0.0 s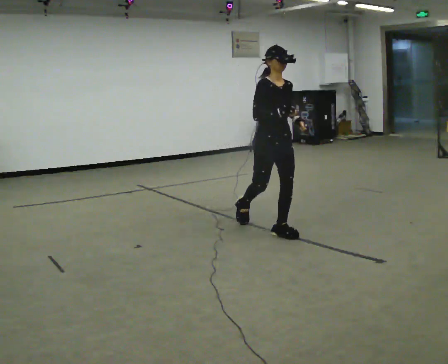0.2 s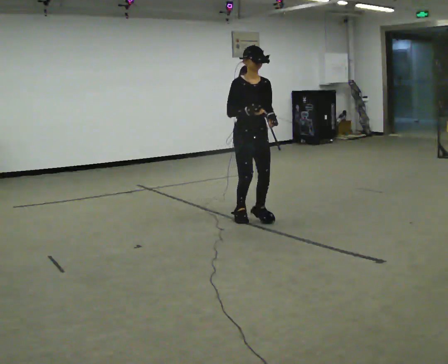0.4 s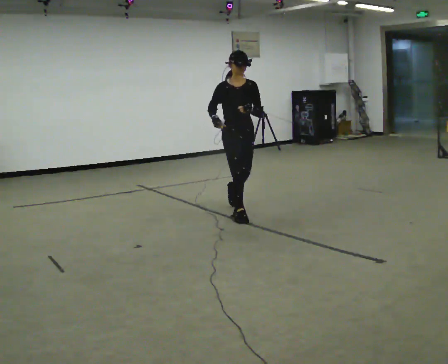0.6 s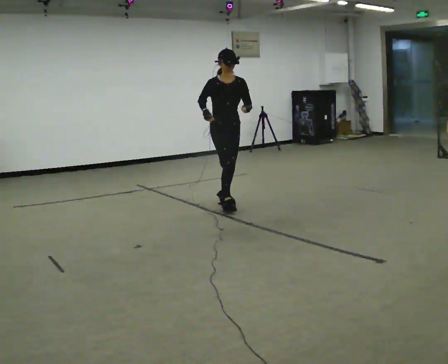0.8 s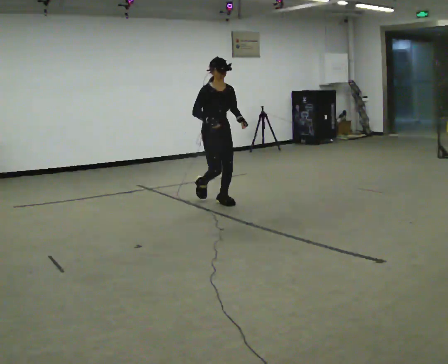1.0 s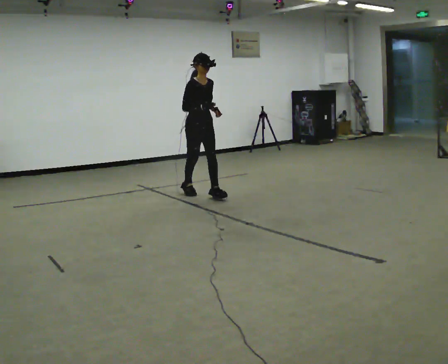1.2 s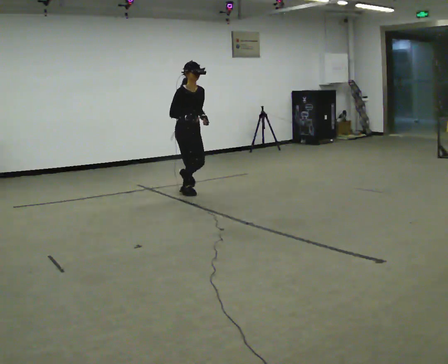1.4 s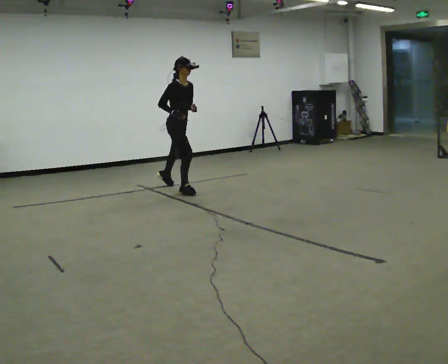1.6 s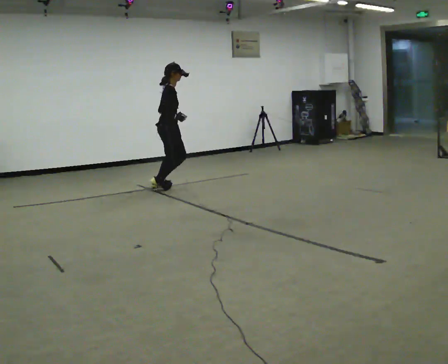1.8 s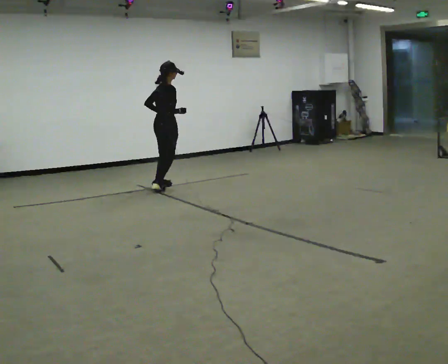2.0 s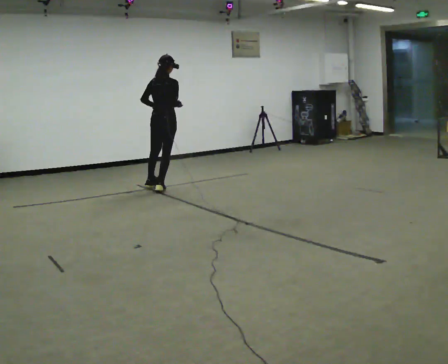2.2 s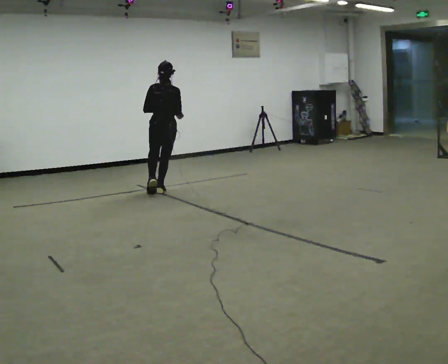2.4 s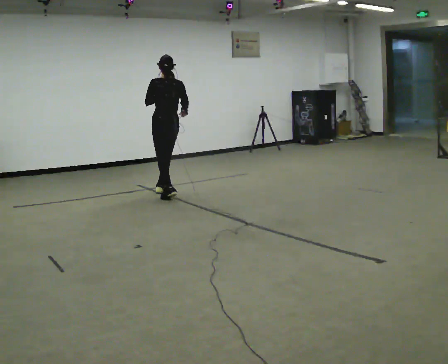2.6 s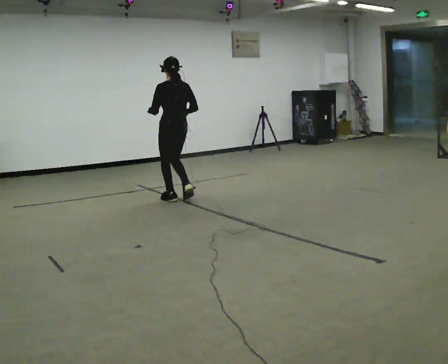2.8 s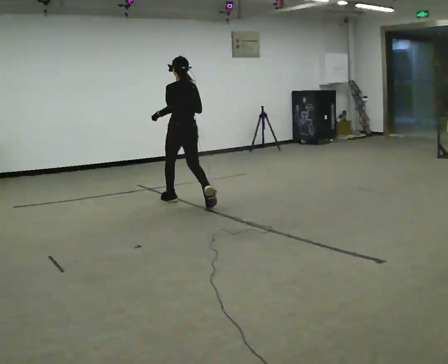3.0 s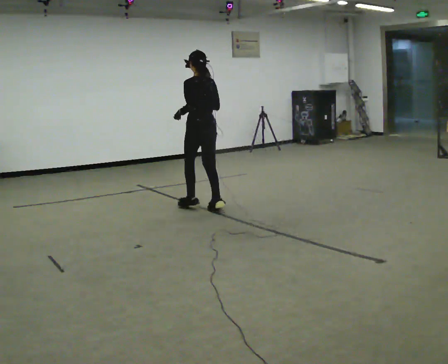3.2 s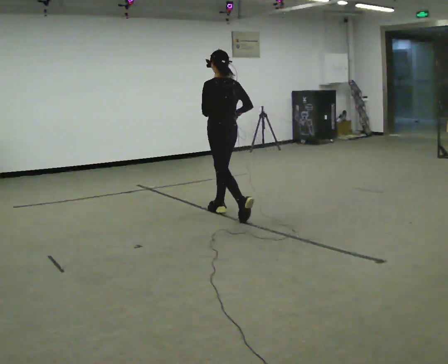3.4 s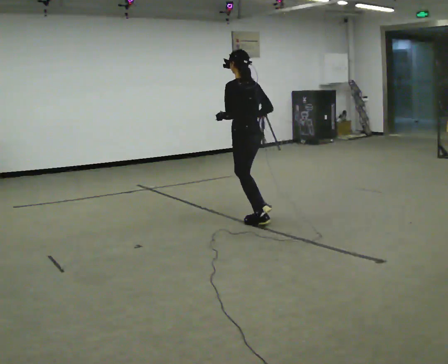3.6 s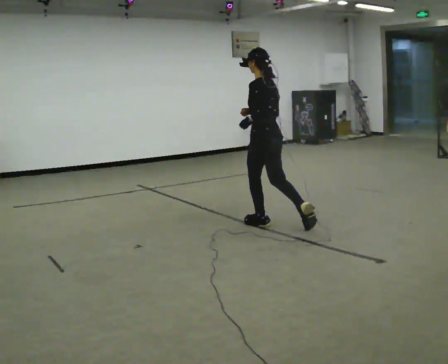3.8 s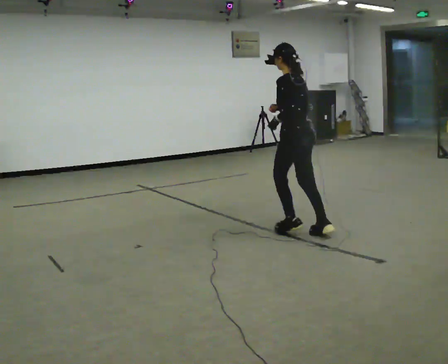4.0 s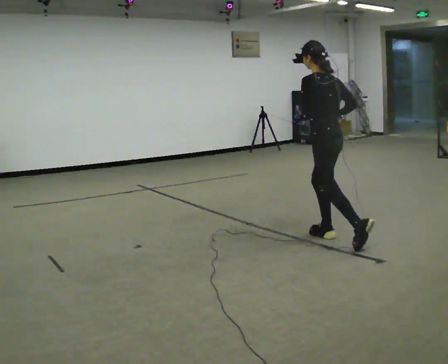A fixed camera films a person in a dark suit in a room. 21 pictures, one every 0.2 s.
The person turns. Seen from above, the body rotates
counterclockwise.
The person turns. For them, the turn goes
to their left.
0.0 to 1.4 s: The person turns about 45 degrees to their left, counterclockwise seen from above, so the part of the body nearest the lens slides to the right. In the picture they go away from the camera and to the left, about 2 m in 4 steps, which for them is backward.
1.4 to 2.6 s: Seen from above the body turns counterclockwise, about 135 degrees: to their left, with its near side sliding to the right. In the picture they go toward the camera, about 0.25 m in 2 steps.
2.6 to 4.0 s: In the picture they go toward the camera and to the right, about 2 m in 3 steps, which for them is backward.
The film runs backward here.
